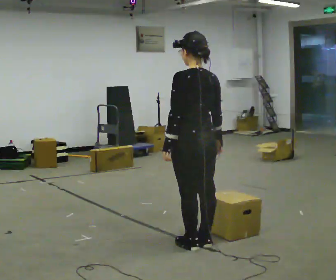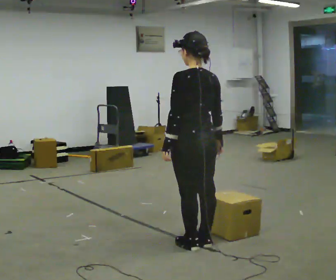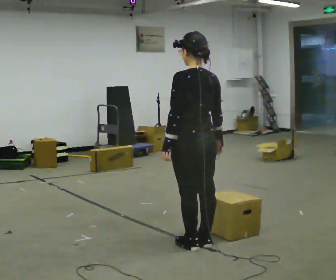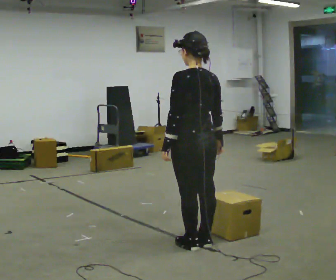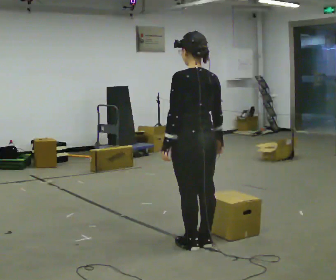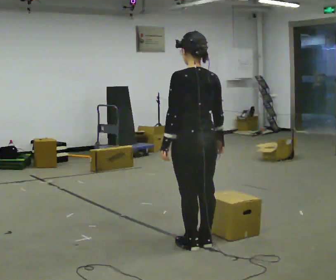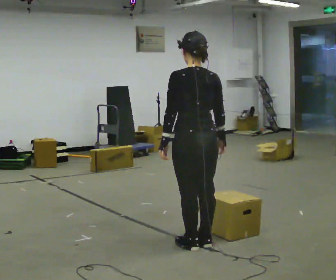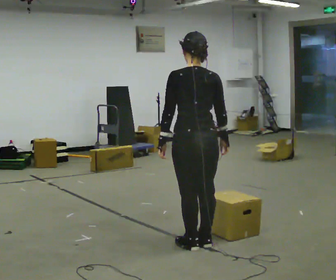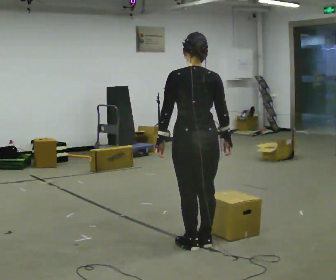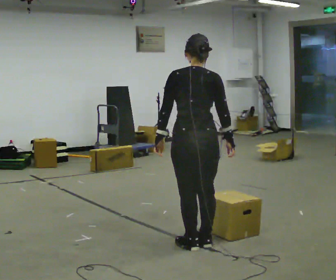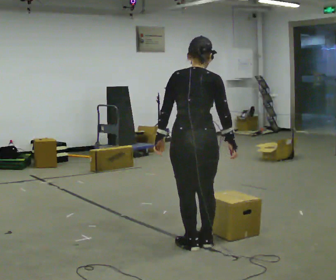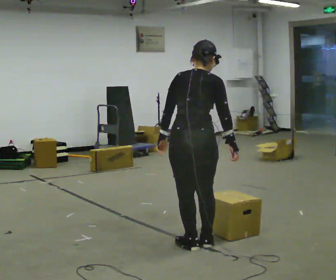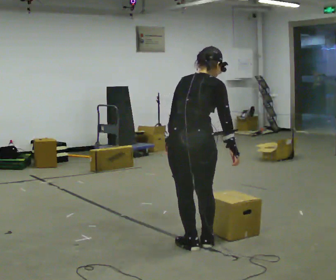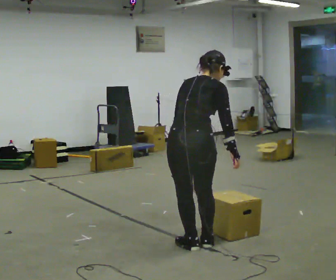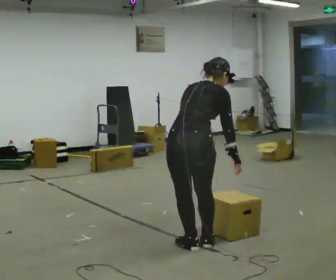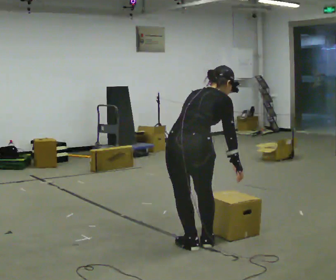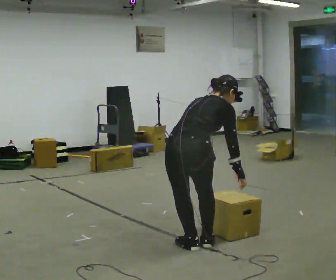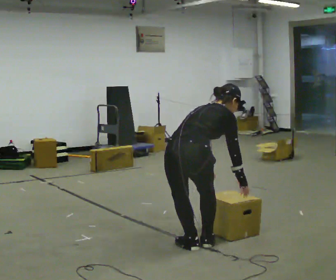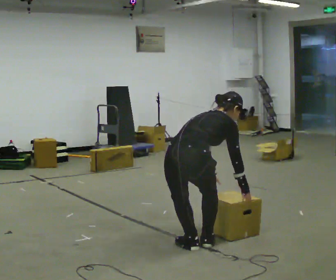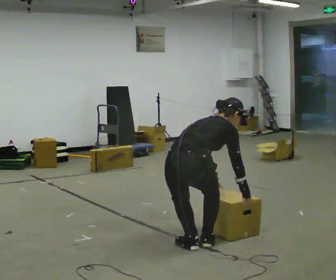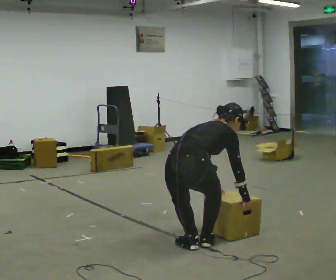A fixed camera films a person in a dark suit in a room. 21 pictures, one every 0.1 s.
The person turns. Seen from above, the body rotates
clockwise.
The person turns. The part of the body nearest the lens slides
to the left.
0.0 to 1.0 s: The part of the body nearest the lens slides to the left as the person turns to their right by about 45 degrees.
1.0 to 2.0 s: The person turns about 30 degrees to their right, clockwise seen from above, so the part of the body nearest the lens slides to the left. The upper body goes downward. In the picture the upper body tilts clockwise, shoulders to the right, as they bend forward. In the picture their left hand goes downward and to the right.
The film runs forward here.
